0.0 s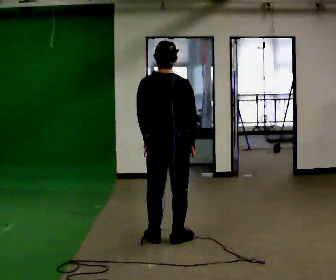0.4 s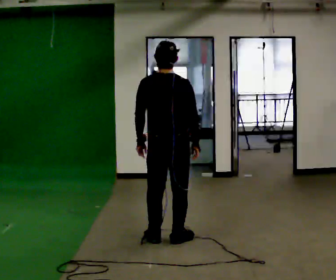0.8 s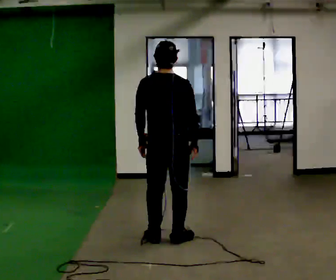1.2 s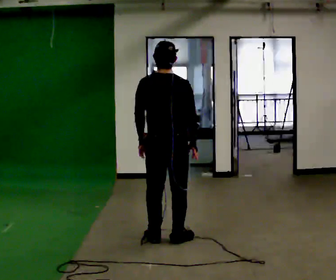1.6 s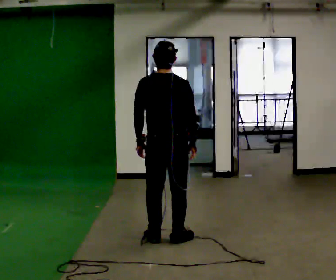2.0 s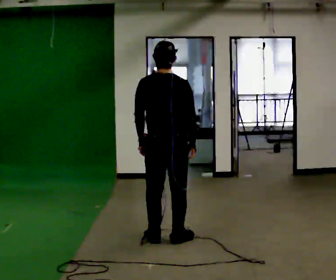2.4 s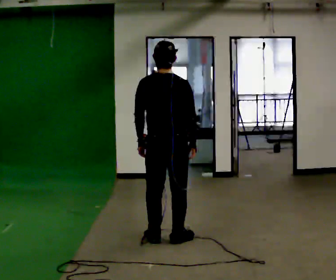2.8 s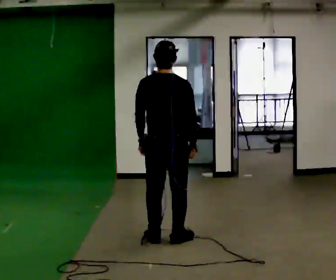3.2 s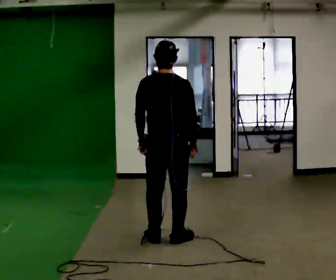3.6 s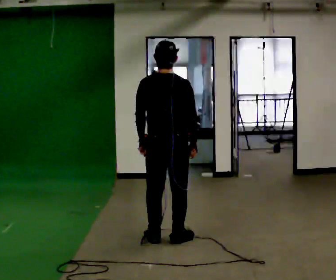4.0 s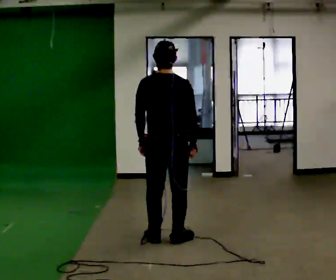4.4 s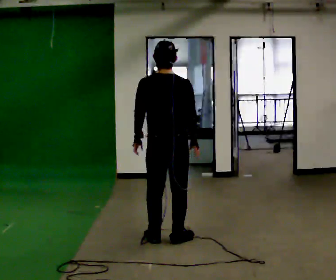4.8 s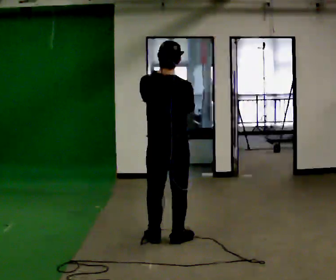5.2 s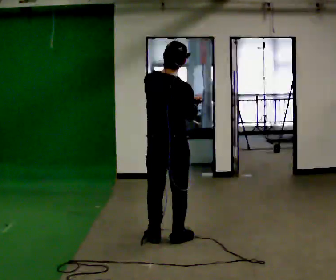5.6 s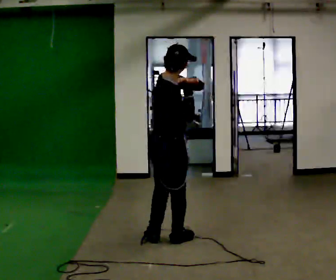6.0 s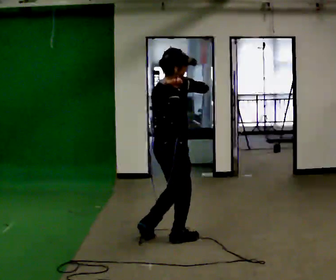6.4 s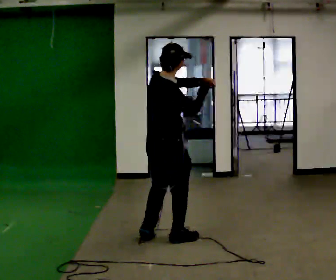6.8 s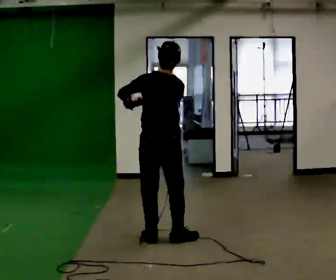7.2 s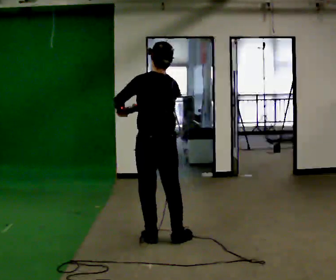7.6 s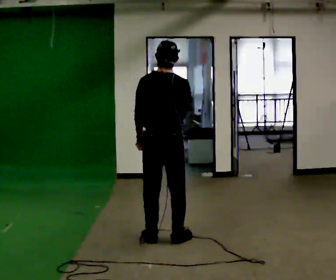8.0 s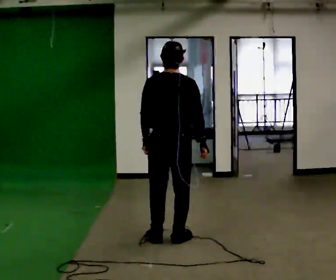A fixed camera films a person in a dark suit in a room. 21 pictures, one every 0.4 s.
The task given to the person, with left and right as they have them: Mime a baseball swing with no bat: set your stance, stride, swing through. Repeat the movement at your own pace until the operator says stop; do not rush.
0.0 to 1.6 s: The person moves a little, or ends about where they began.
1.6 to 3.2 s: The person keeps their place and pose.
3.2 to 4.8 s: In the picture their left hand goes upward.
4.8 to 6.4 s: Seen from above the body turns clockwise, about 30 degrees: to their right, with its near side sliding to the left. In the picture their left hand goes to the right.
6.4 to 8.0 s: Seen from above the body turns counterclockwise, about 45 degrees: to their left, with its near side sliding to the right. In the picture their left hand goes to the left and downward.
The film runs forward here.
